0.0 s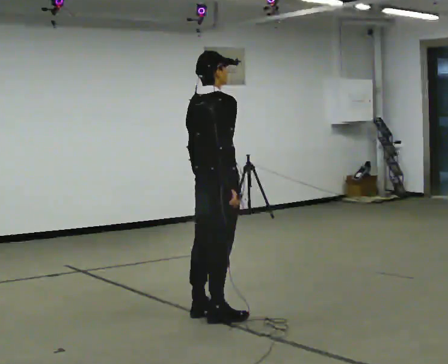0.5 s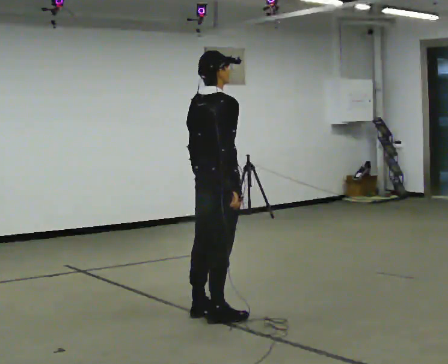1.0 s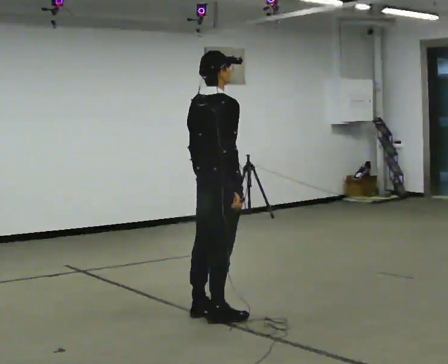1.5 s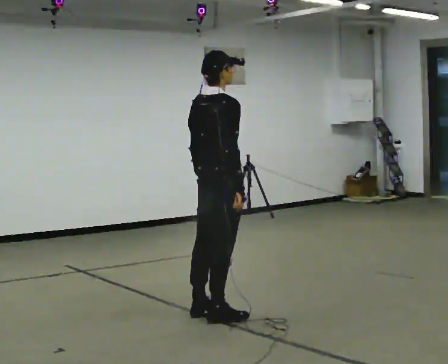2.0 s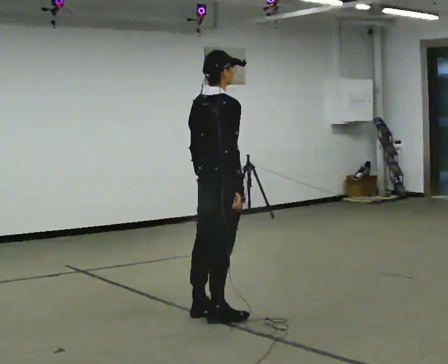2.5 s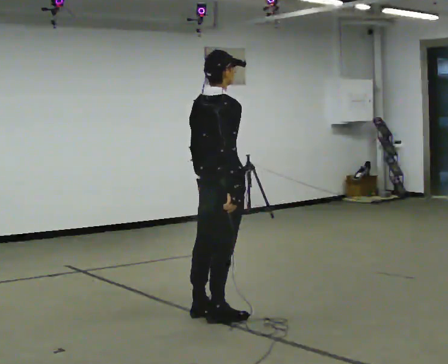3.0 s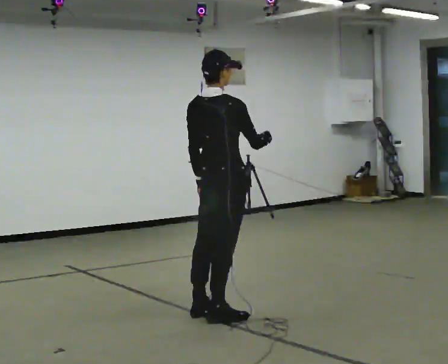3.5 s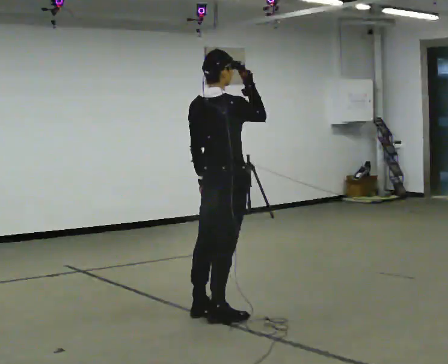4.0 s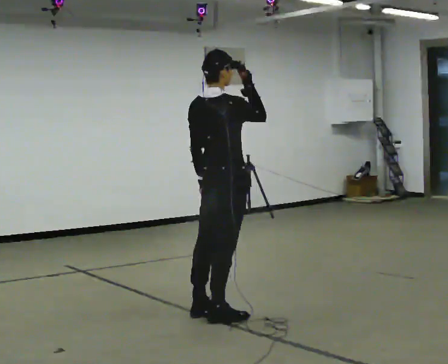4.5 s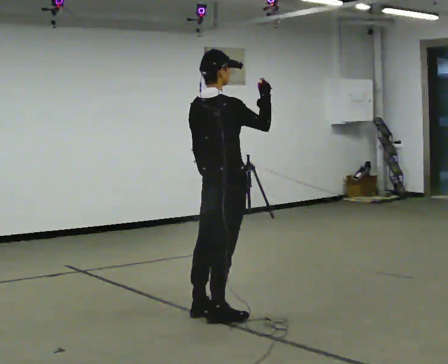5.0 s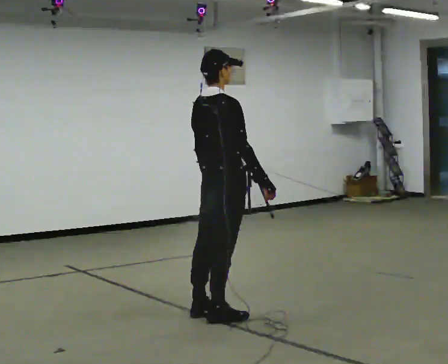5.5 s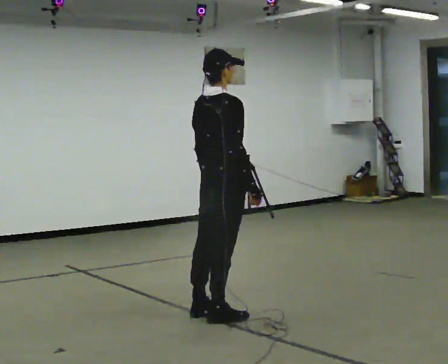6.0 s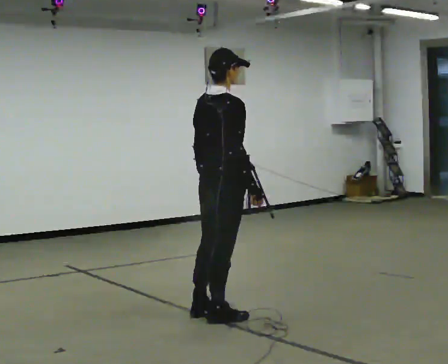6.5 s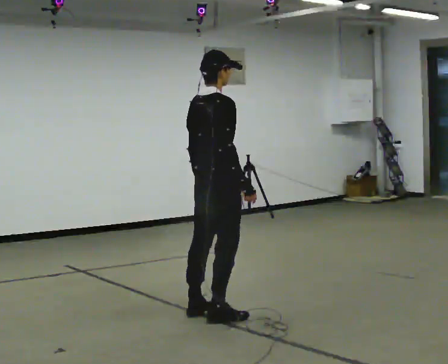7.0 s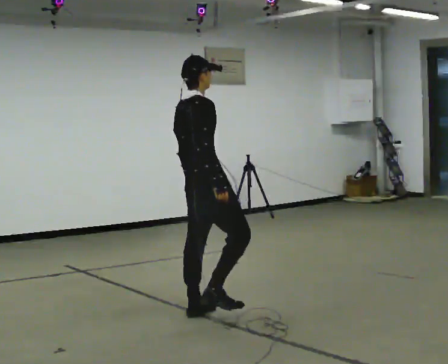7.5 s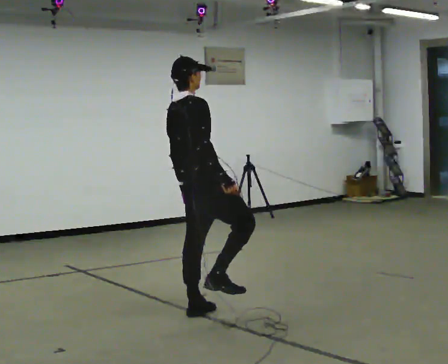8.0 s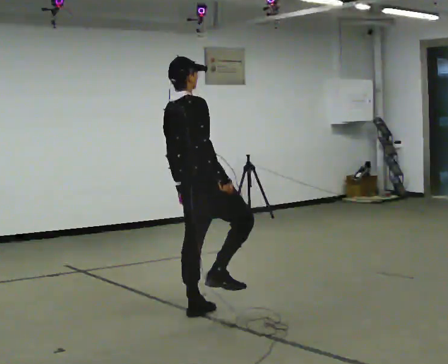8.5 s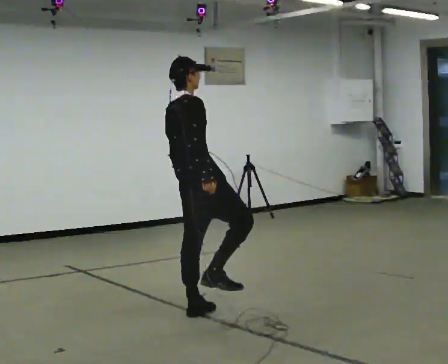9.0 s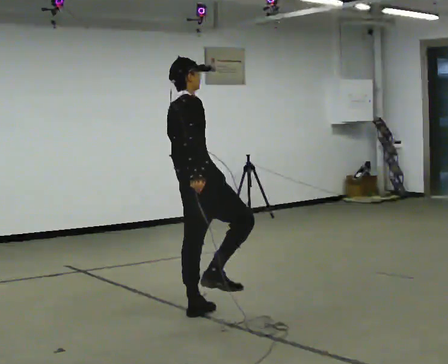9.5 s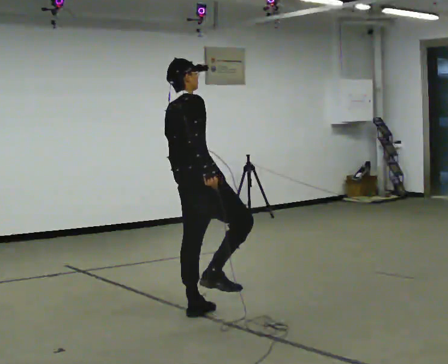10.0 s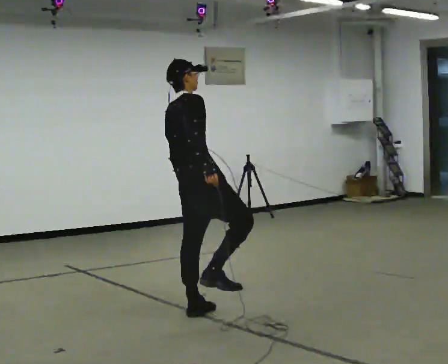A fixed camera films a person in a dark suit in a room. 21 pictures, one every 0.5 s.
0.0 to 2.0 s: The person keeps their place and pose.
2.0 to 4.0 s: In the picture their right hand goes upward.
4.0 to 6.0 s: In the picture their right hand goes downward.
6.0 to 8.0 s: In the picture they go away from the camera, about 0.25 m, which for them is to their left. In the picture the upper body tilts counterclockwise, shoulders to the left.
8.0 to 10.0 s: The person moves a little, or ends about where they began.
The film runs backward here.
